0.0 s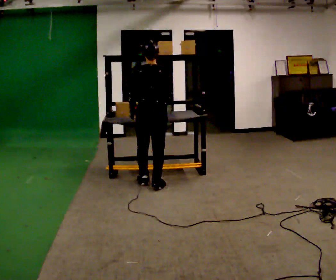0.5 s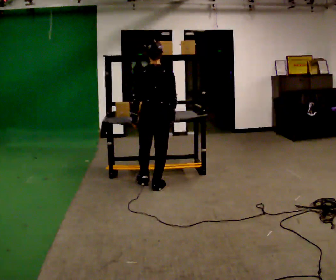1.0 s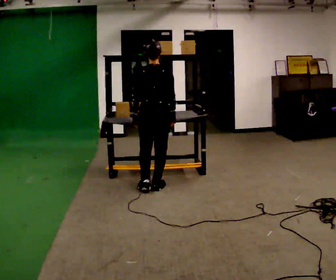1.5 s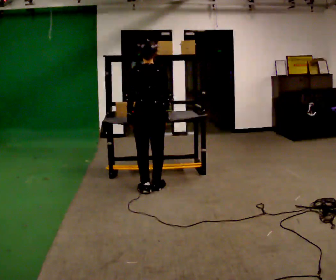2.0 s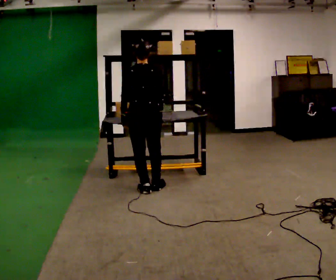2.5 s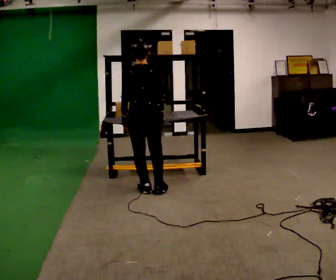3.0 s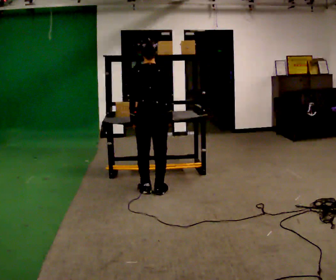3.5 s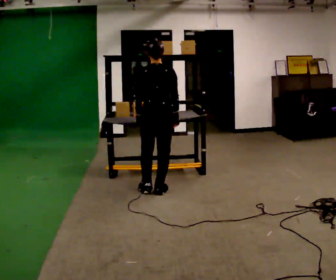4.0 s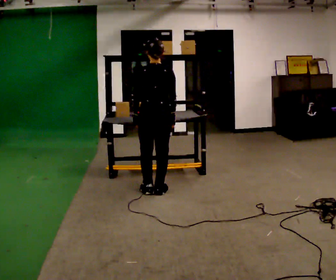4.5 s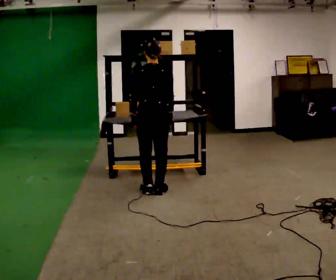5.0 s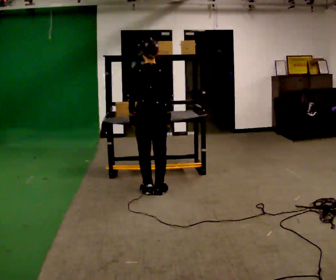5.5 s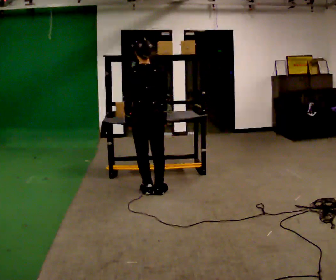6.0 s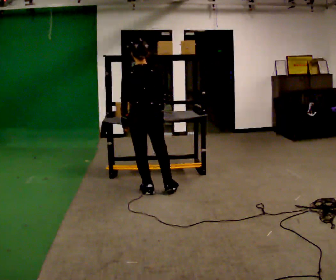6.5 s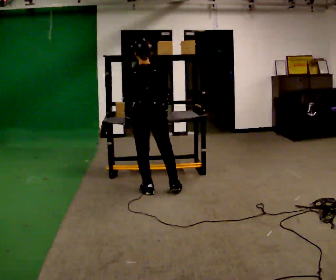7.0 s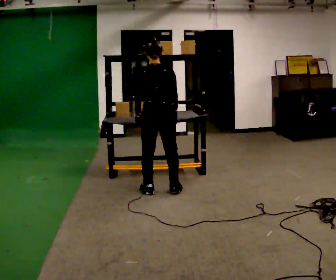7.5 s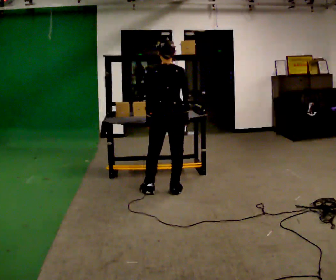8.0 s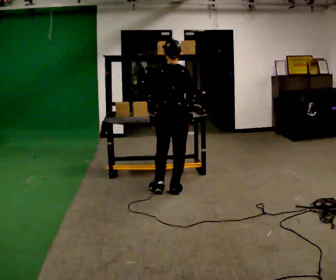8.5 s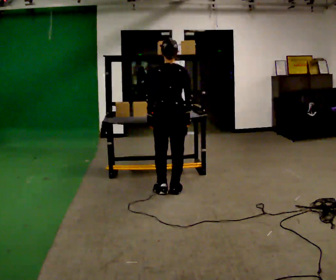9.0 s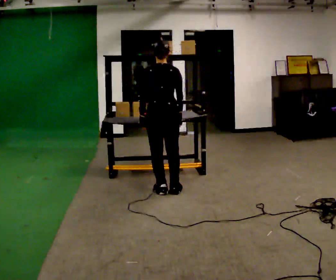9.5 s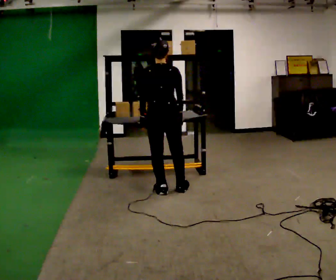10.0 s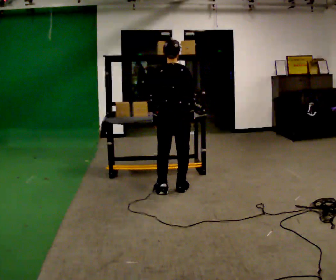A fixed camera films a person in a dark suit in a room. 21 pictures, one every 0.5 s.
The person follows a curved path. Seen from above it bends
counterclockwise.
0.0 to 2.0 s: In the picture they go toward the camera, about 0.25 m in 1 step, which for them is backward.
2.0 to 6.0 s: The person moves a little, or ends about where they began.
6.0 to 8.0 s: In the picture they go to the right, about 0.25 m in 1 step, which for them is to their right.
8.0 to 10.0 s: The person moves a little, or ends about where they began.
The film runs forward here.
